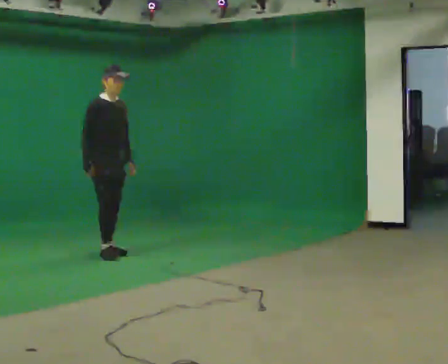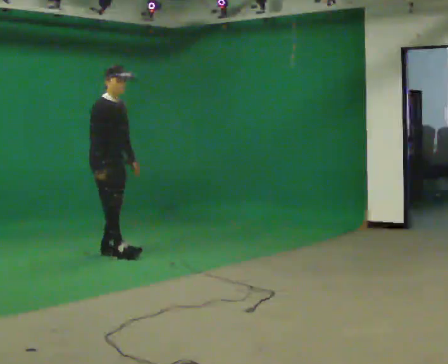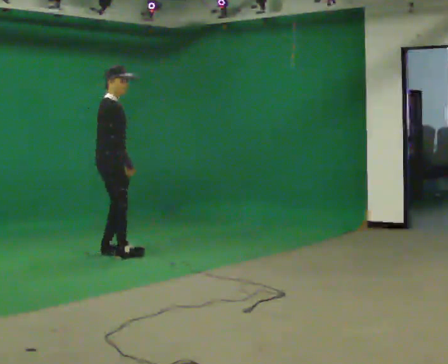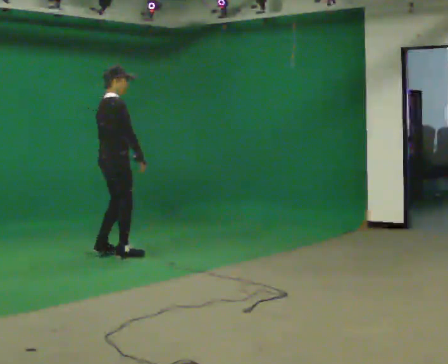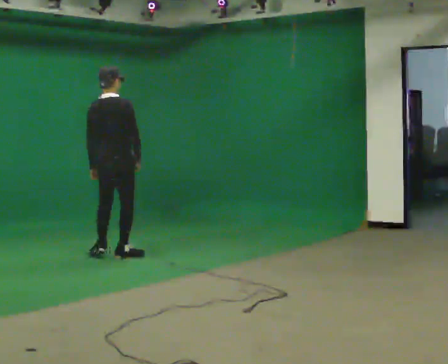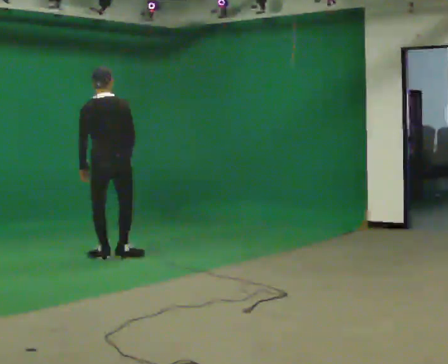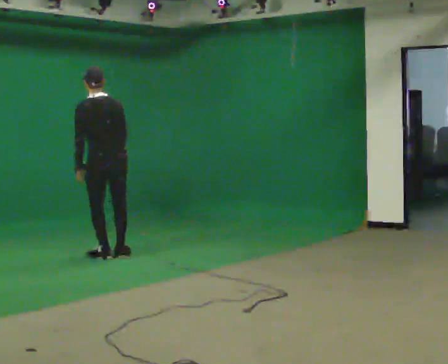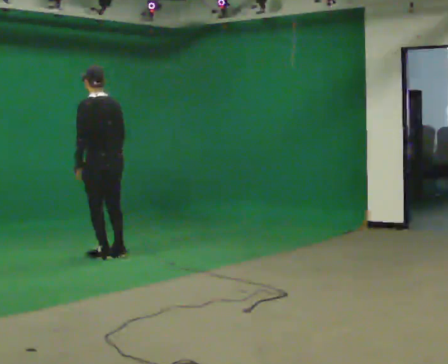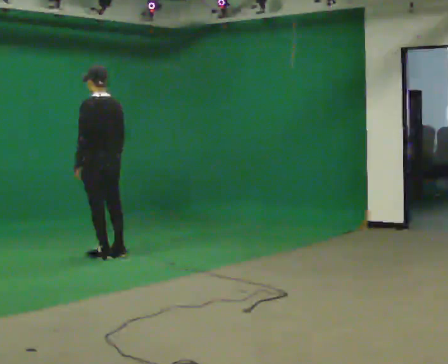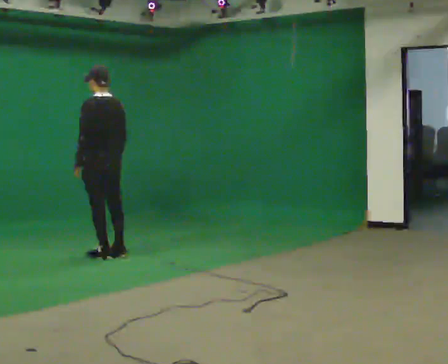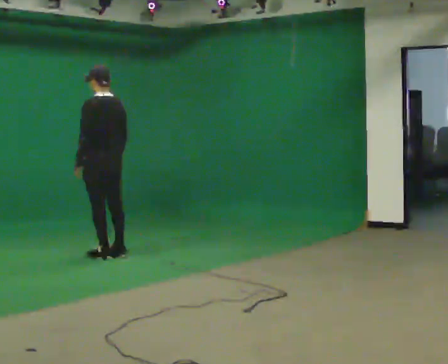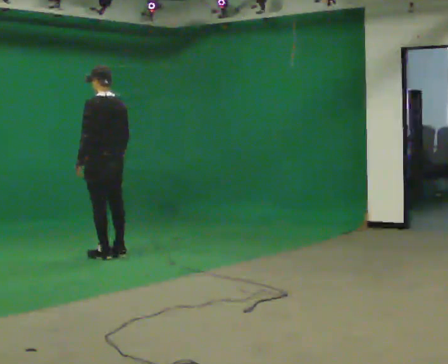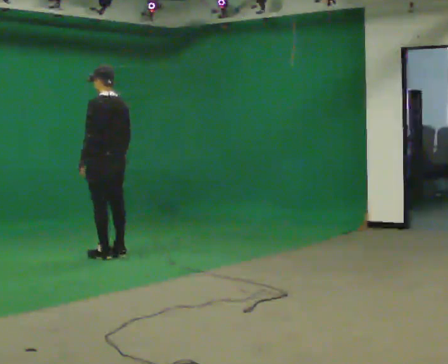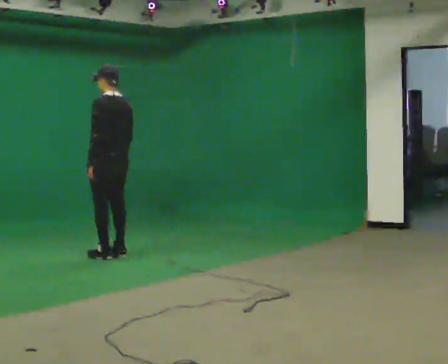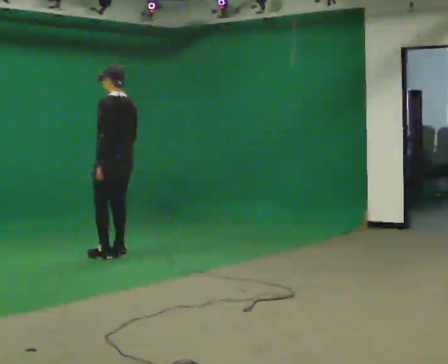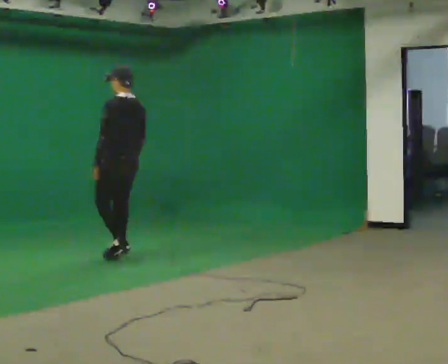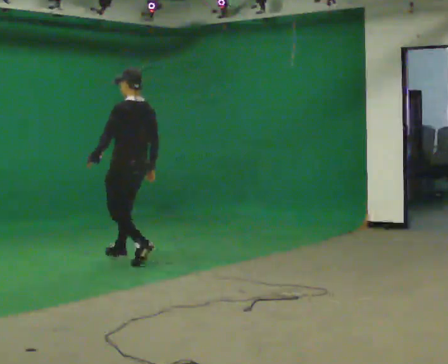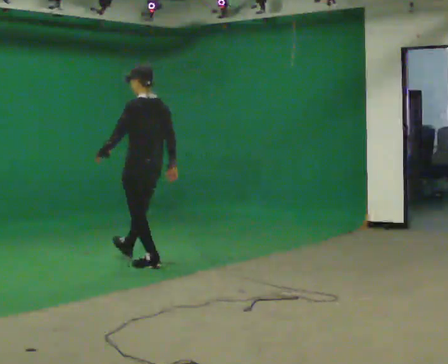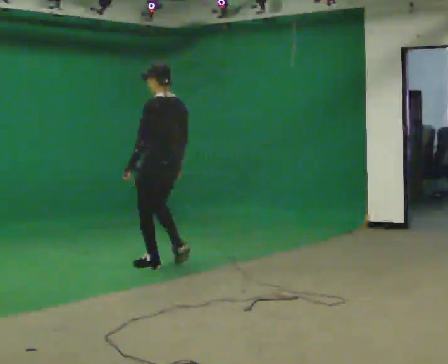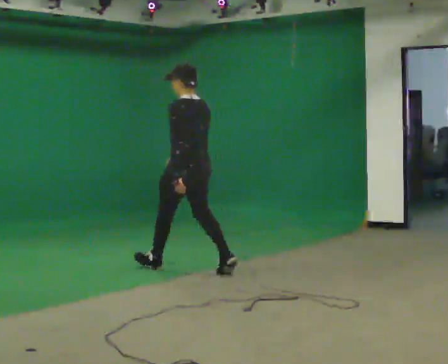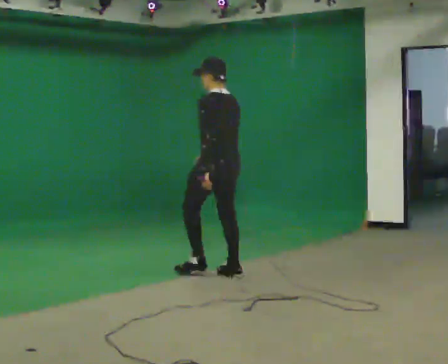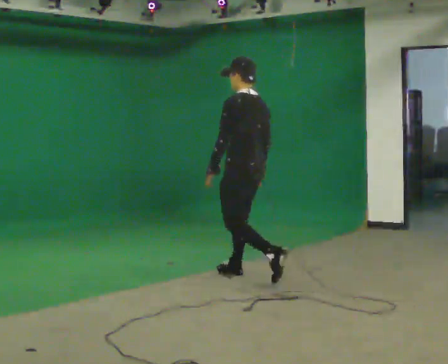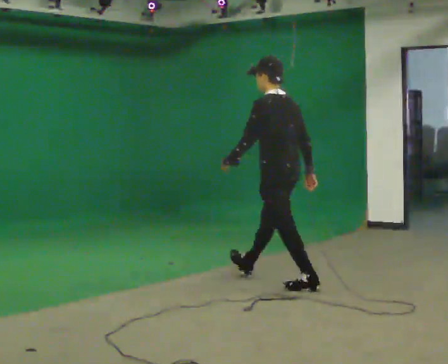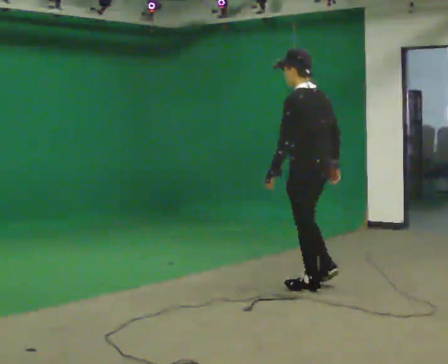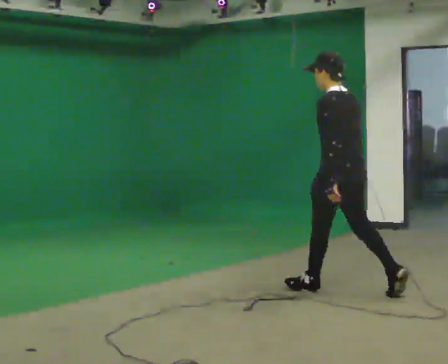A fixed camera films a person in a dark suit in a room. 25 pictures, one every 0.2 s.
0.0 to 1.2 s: The part of the body nearest the lens slides to the right as the person turns to their left by about 150 degrees. In the picture they go toward the camera, about 0.25 m in 1 step. In the picture the upper body tilts counterclockwise, shoulders to the left. In the picture their right hand goes to the right.
1.2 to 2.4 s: Seen from above the body turns counterclockwise, about 30 degrees: to their left, with its near side sliding to the right.
2.4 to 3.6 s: In the picture they go toward the camera and to the right, about 1 m in 2 steps, which for them is backward.
3.6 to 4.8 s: In the picture they go toward the camera and to the right, about 1.5 m in 2 steps, which for them is backward.
The film runs backward here.
